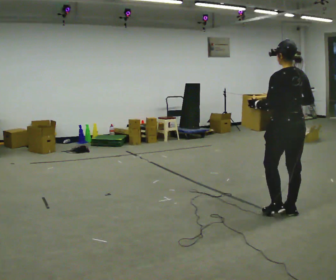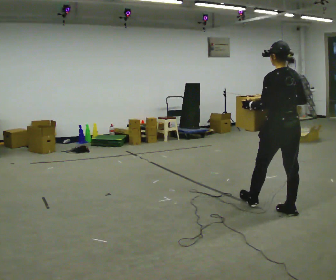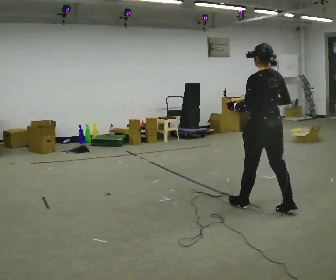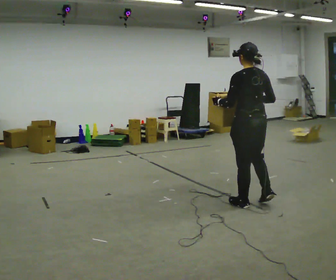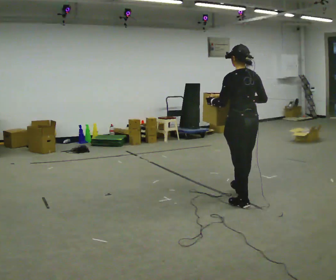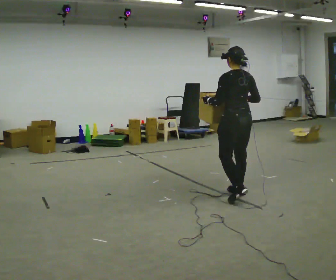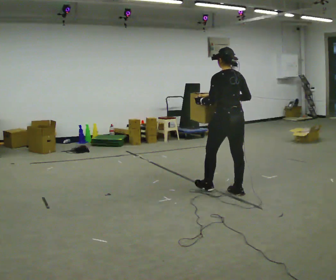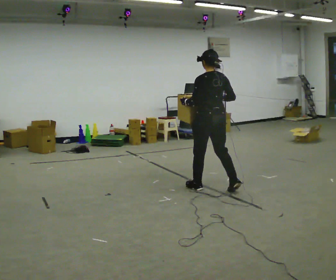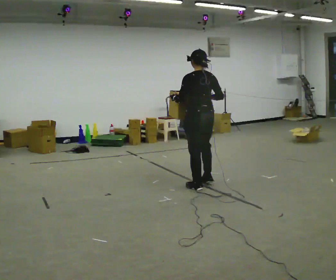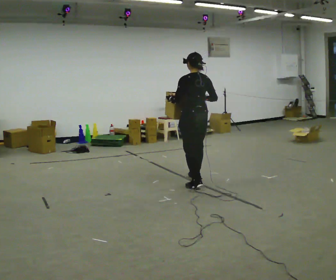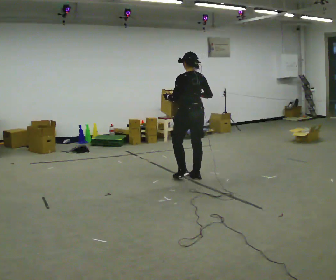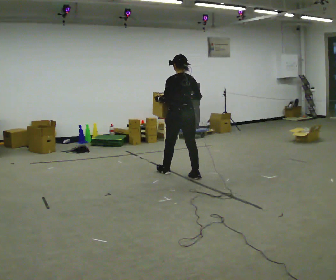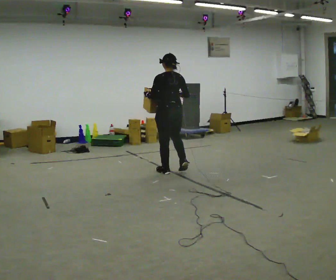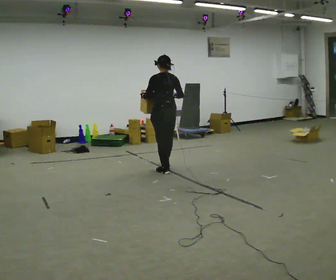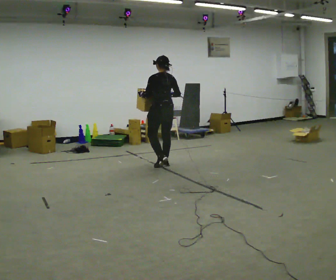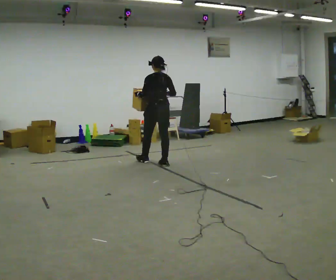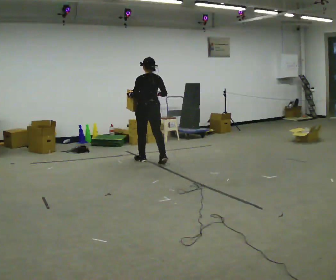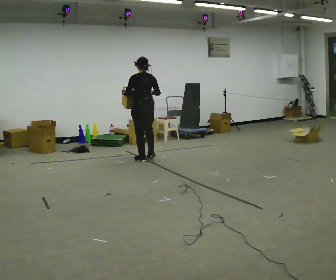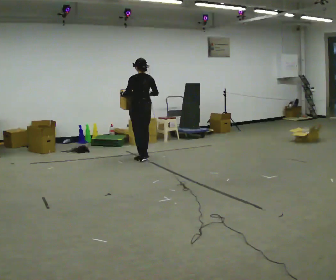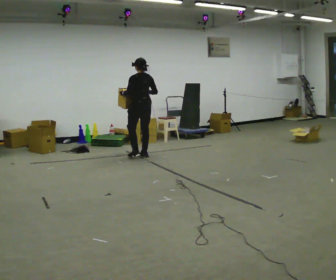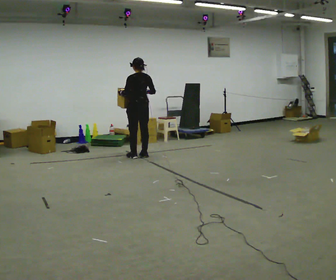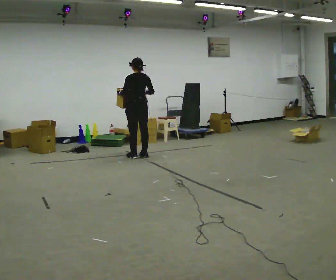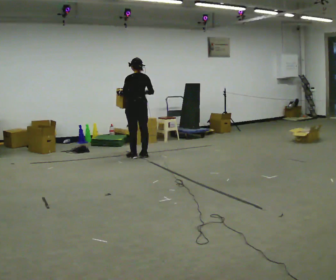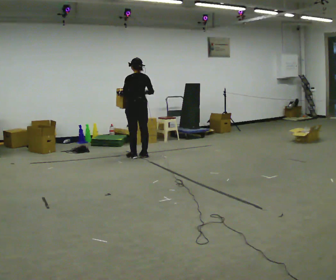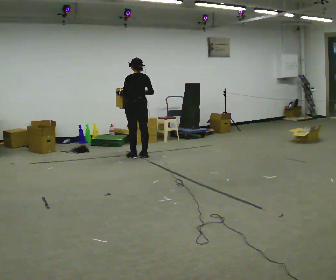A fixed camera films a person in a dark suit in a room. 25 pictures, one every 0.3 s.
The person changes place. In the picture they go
away from the camera.
0.0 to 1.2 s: In the picture they go away from the camera and to the left, about 0.5 m in 1 step, which for them is forward.
1.2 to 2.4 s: In the picture they go away from the camera and to the left, about 0.5 m in 2 steps, which for them is forward.
2.4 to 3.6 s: In the picture they go away from the camera and to the left, about 1 m in 2 steps, which for them is forward.
3.6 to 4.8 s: In the picture they go away from the camera and to the left, about 0.5 m in 2 steps, which for them is forward.
4.8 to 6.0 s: In the picture they go away from the camera and to the left, about 0.5 m in 2 steps, which for them is forward.
6.0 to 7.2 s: The person keeps their place and pose.
The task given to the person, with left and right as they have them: Carry the heaviest box in both hands in front of you, walking back and forth across the room. Only carry what is comfortable. Set it down whenever you need to.
The film runs forward here.
